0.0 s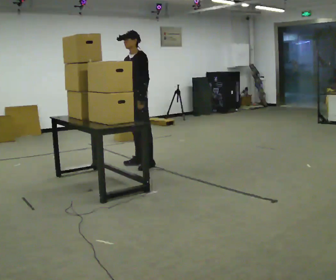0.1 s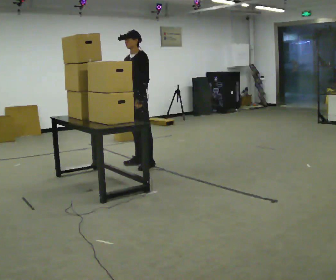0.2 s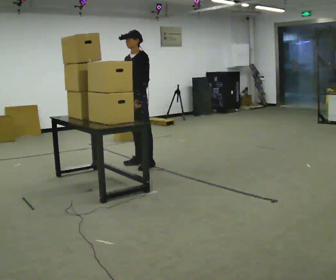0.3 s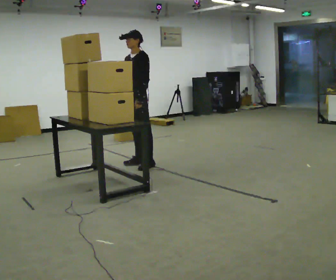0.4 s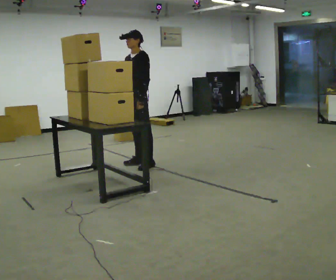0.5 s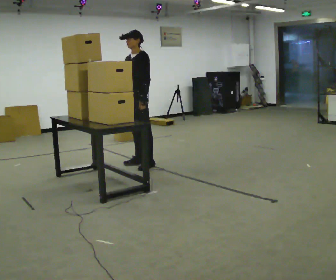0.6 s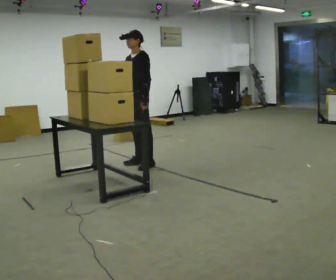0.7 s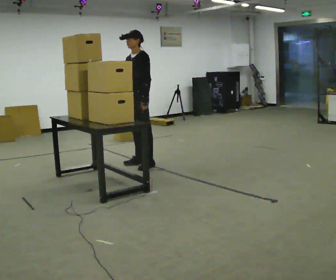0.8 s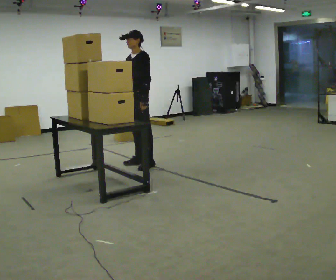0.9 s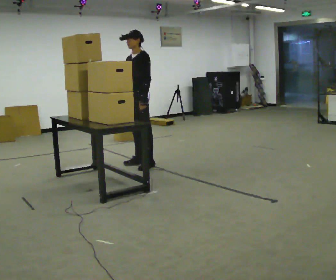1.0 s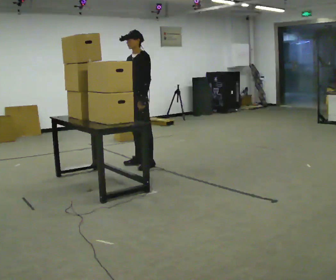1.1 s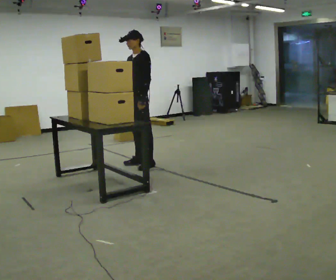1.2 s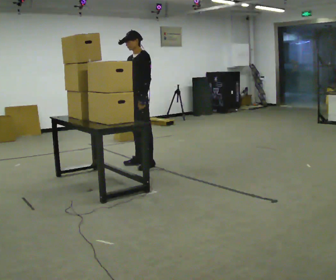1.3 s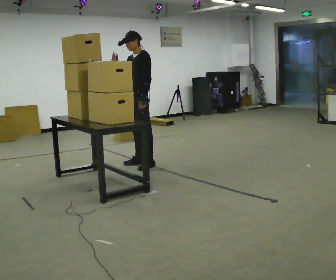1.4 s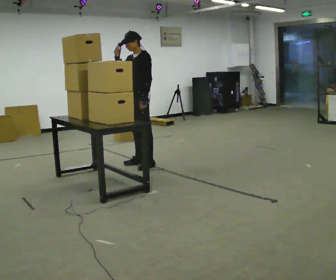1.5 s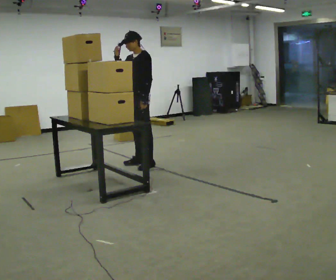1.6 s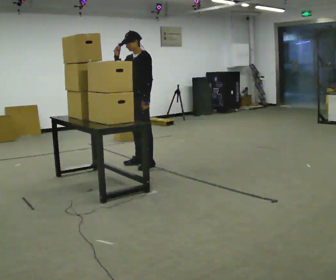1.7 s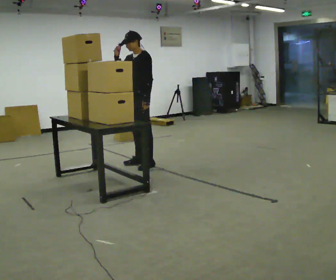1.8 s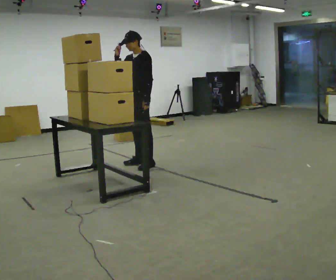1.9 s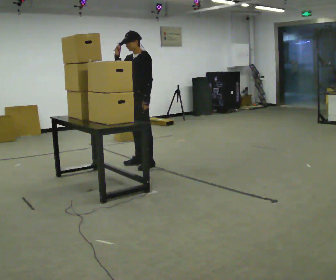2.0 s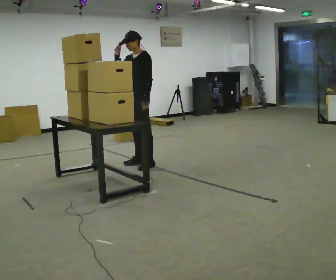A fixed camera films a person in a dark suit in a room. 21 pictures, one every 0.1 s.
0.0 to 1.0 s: The person moves a little, or ends about where they began.
1.0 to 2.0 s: In the picture their right hand goes upward.
The film runs forward here.
